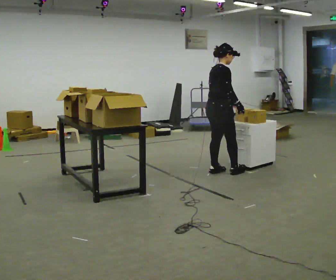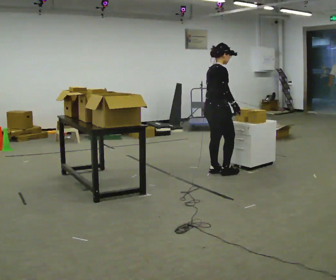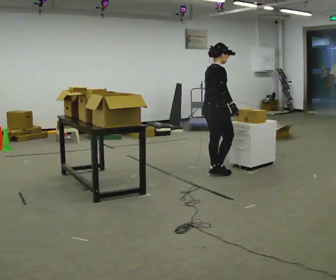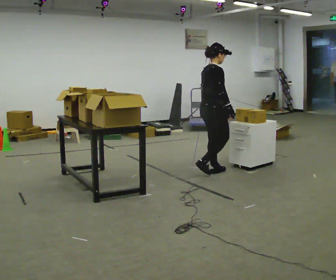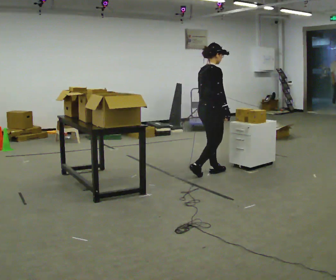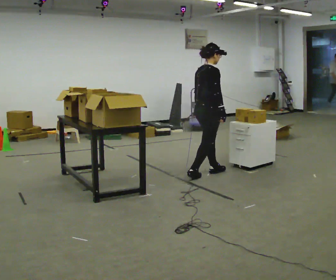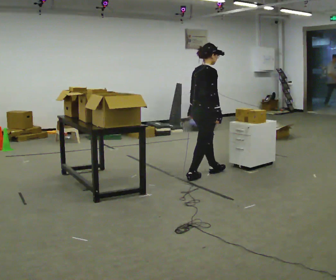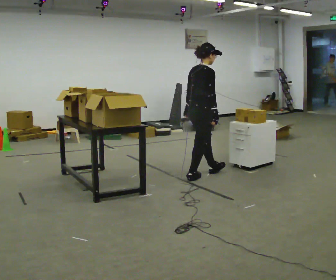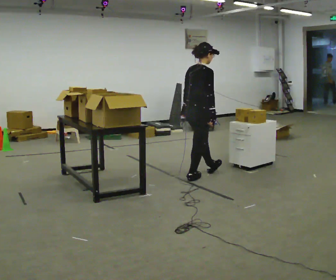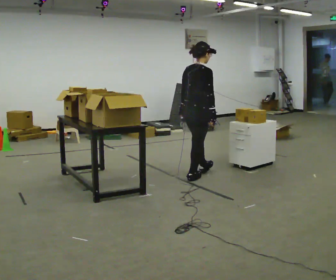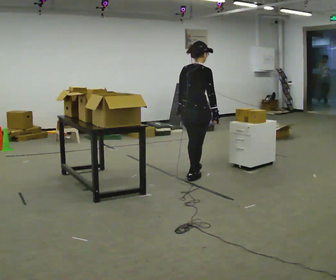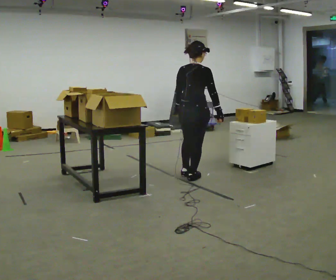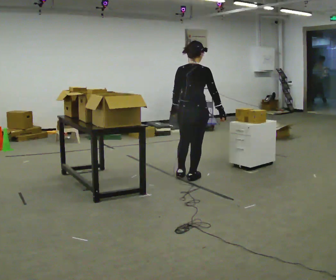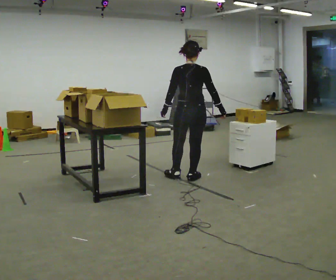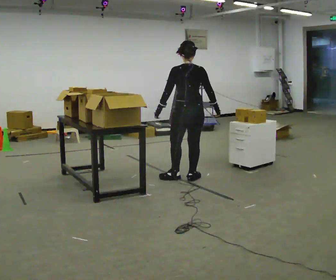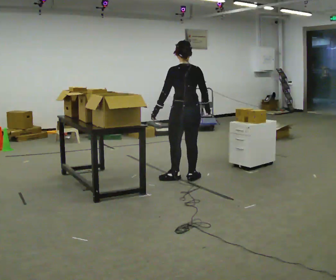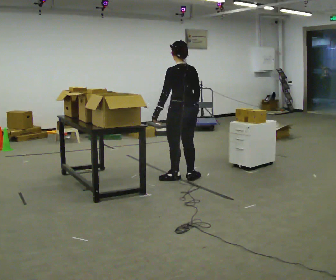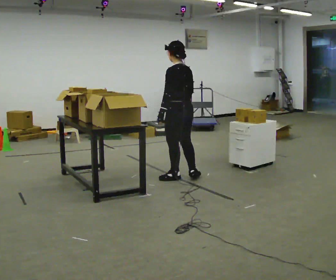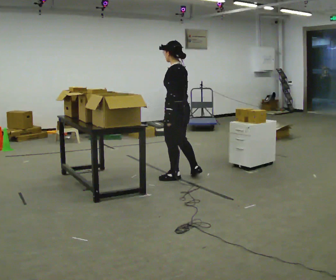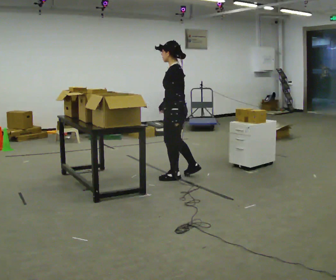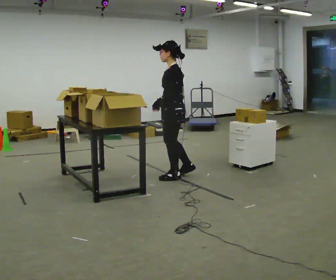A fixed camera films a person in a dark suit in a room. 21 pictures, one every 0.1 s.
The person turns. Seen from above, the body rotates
counterclockwise.
The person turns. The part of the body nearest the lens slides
to the right.
0.0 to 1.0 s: The part of the body nearest the lens slides to the right as the person turns to their left by about 30 degrees. In the picture they go toward the camera and to the left, about 0.5 m in 1 step, which for them is backward.
1.0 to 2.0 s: The part of the body nearest the lens slides to the right as the person turns to their left by about 135 degrees. In the picture they go to the left, about 0.25 m in 1 step. In the picture their right hand goes to the left, the arm swinging clockwise.
The film runs backward here.
